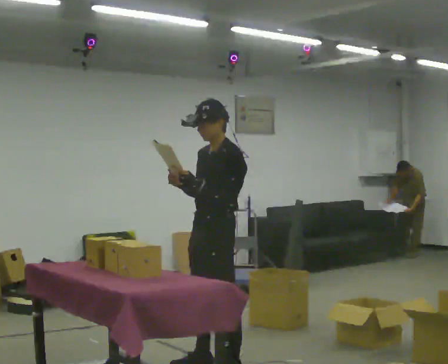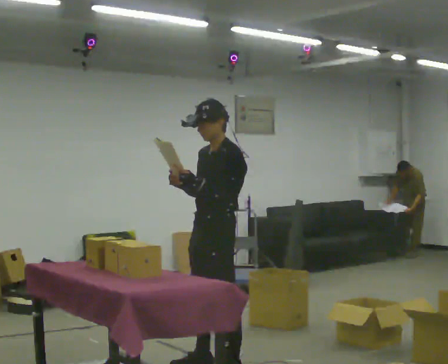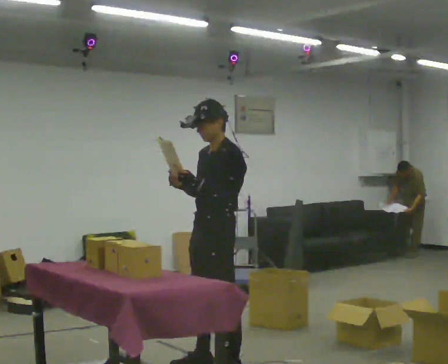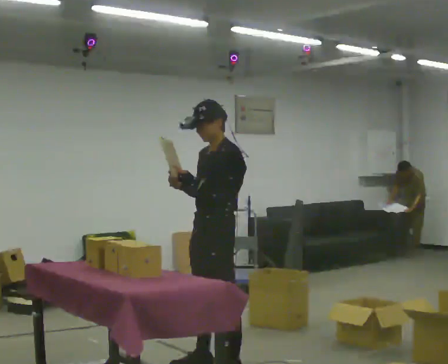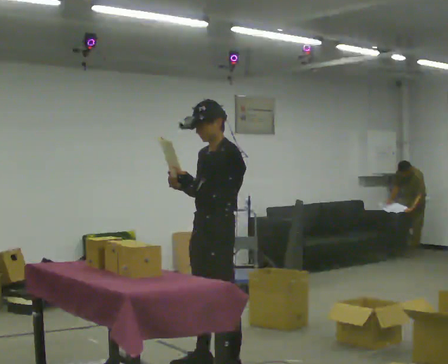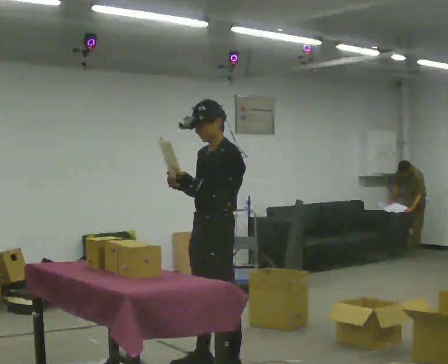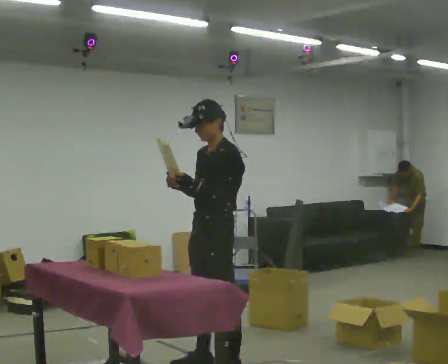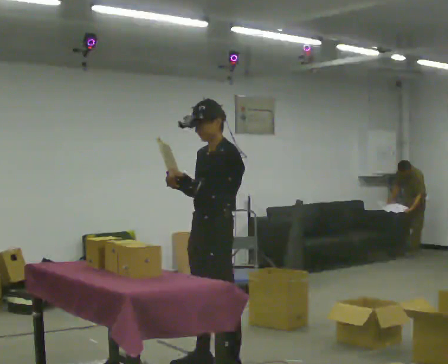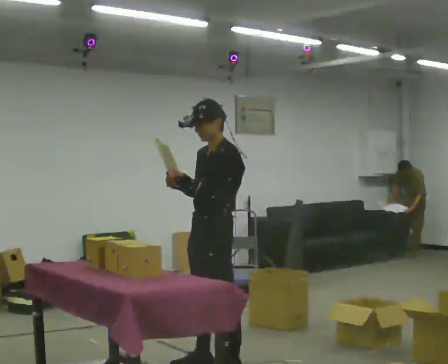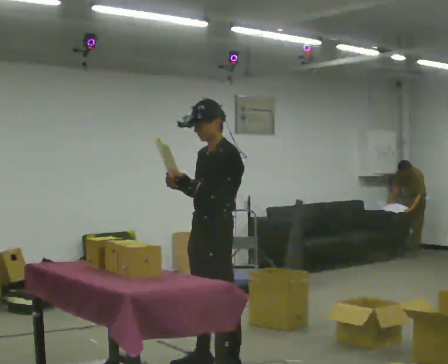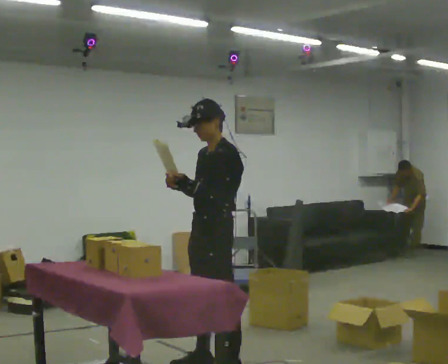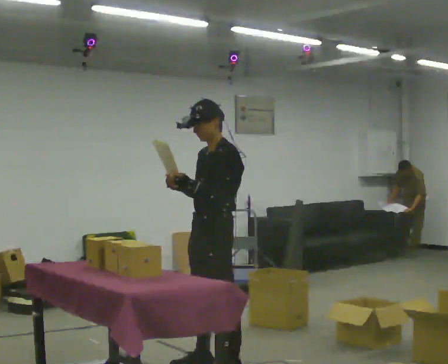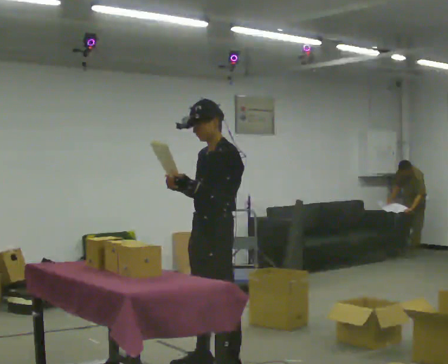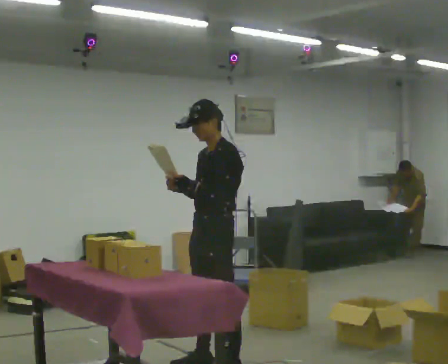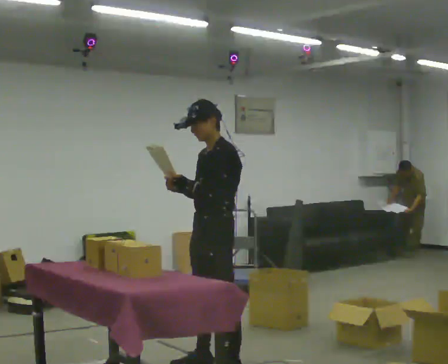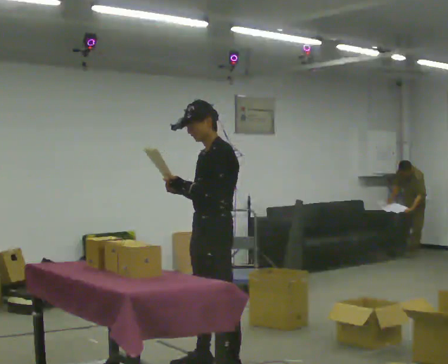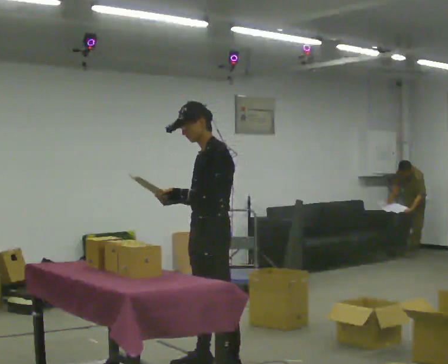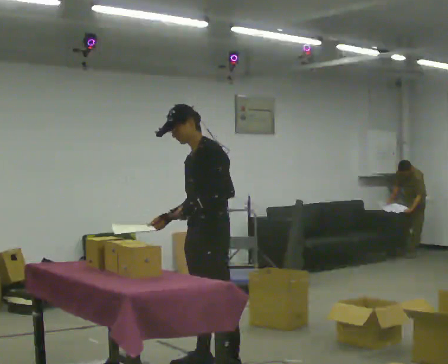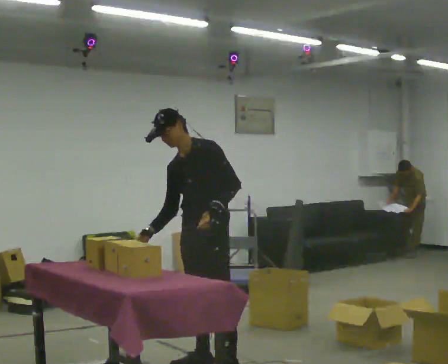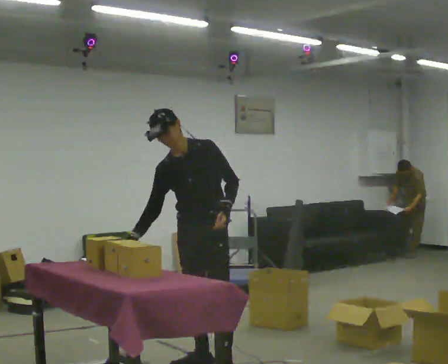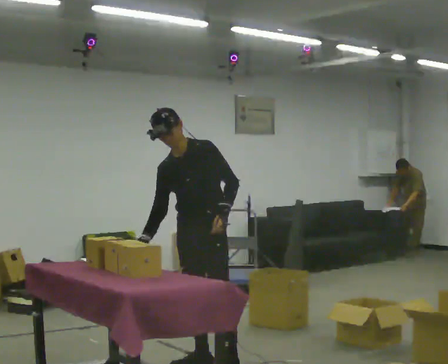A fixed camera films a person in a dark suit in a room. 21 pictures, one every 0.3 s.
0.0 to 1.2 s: The person moves a little, or ends about where they began.
1.2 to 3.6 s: The person keeps their place and pose.
3.6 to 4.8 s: The person moves a little, or ends about where they began.
4.8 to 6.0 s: Seen from above the body turns counterclockwise, about 45 degrees: to their left, with its near side sliding to the right. In the picture the upper body tilts counterclockwise, shoulders to the left.
The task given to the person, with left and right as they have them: 1. Read the parts list. 2. Collect each part from the bins around the room. 3. Lay them out on the table in the order on the list. 4. Put them all in the carry case. 5. Tell the operator when you are finished.
The film runs forward here.
